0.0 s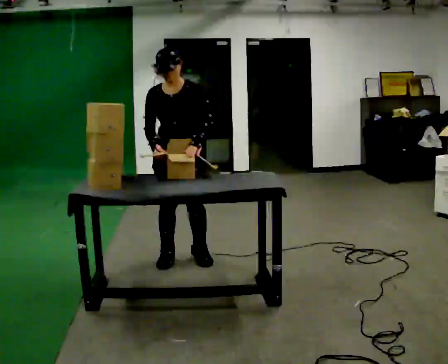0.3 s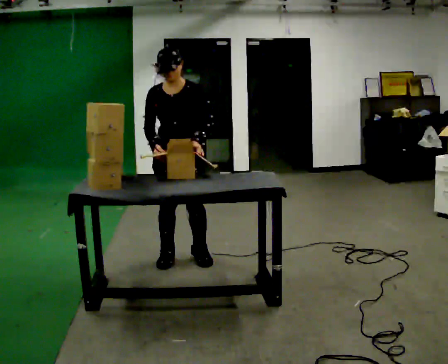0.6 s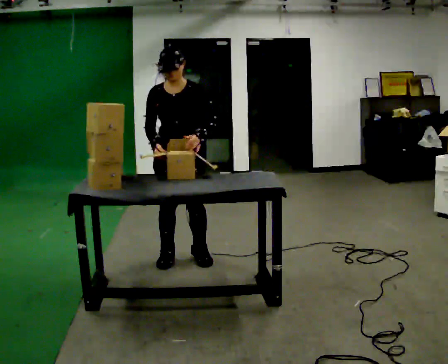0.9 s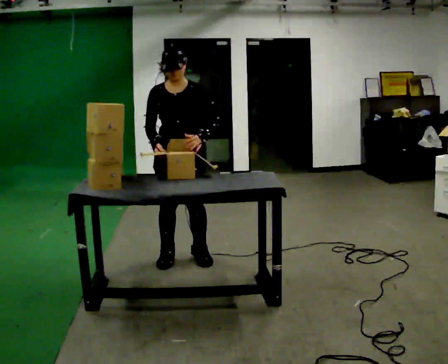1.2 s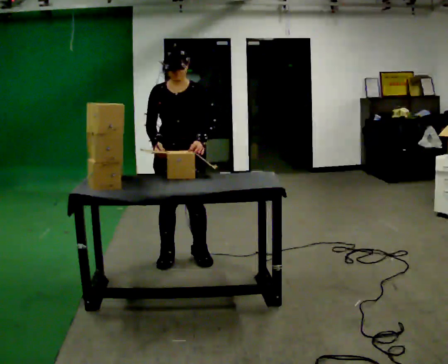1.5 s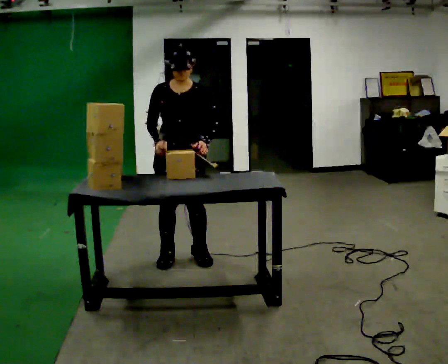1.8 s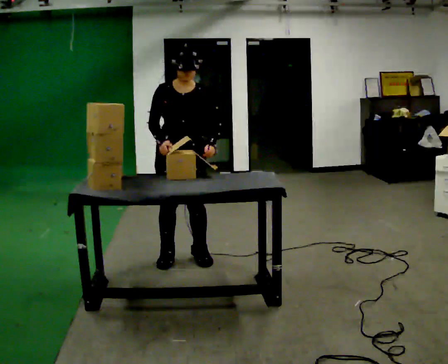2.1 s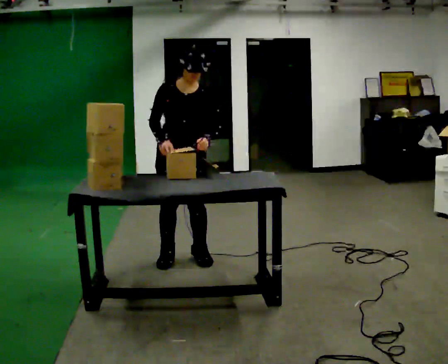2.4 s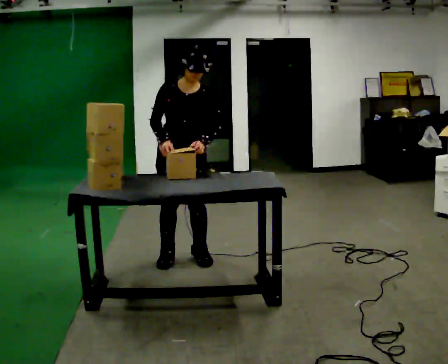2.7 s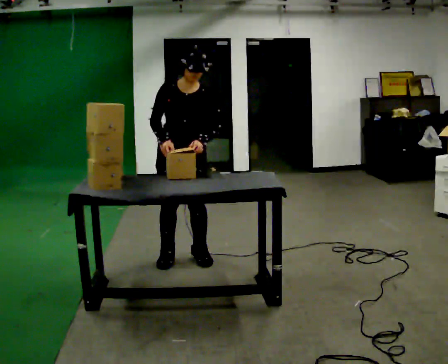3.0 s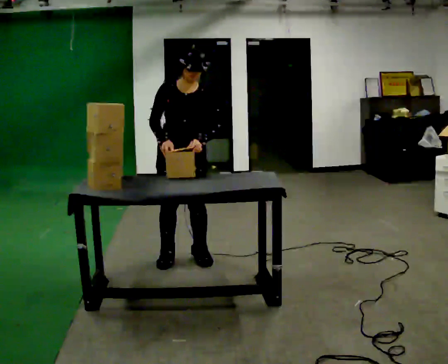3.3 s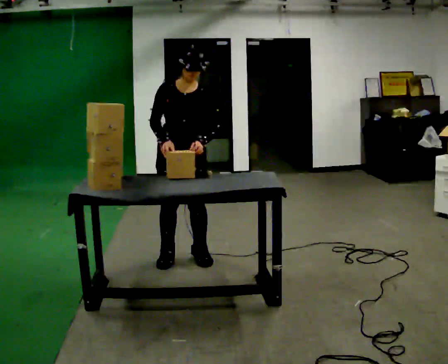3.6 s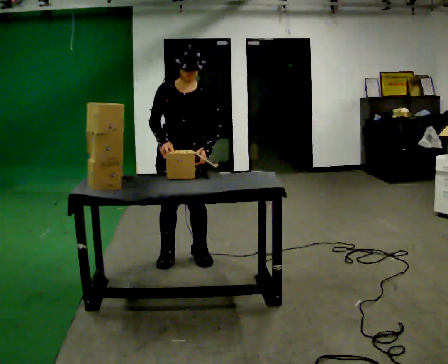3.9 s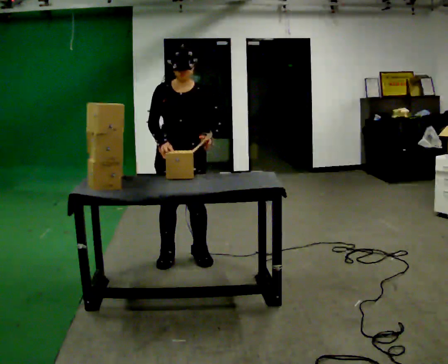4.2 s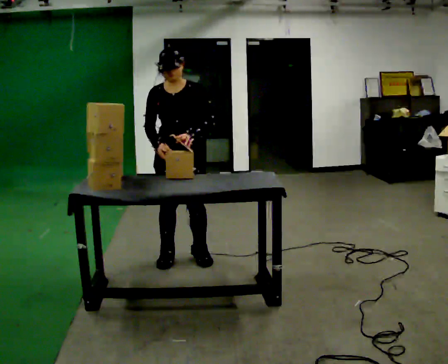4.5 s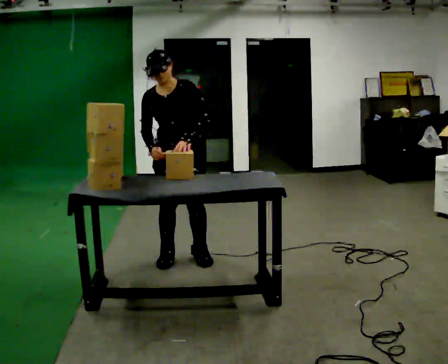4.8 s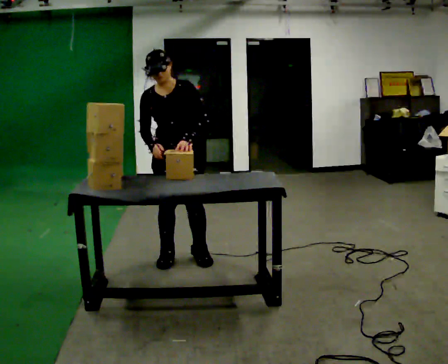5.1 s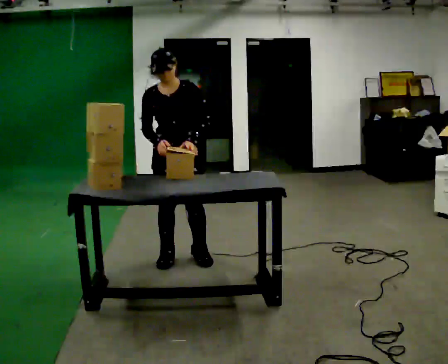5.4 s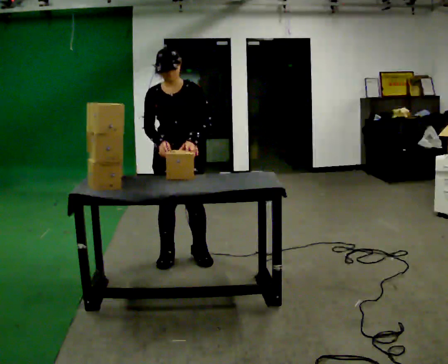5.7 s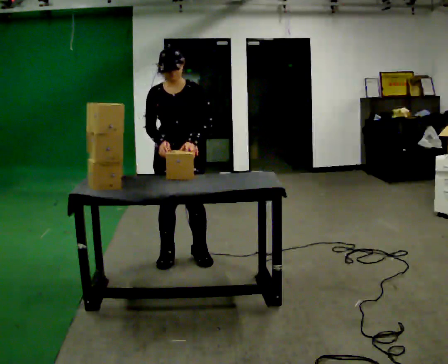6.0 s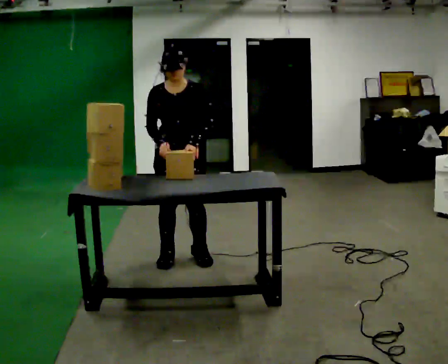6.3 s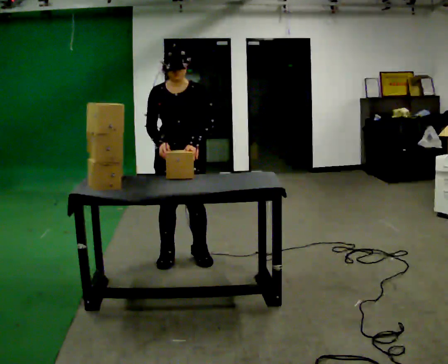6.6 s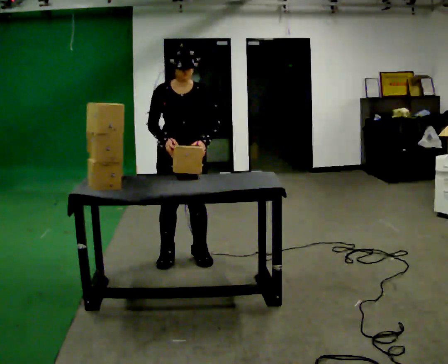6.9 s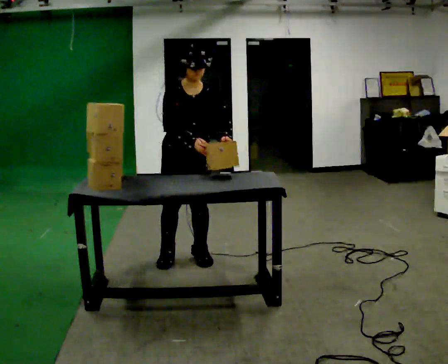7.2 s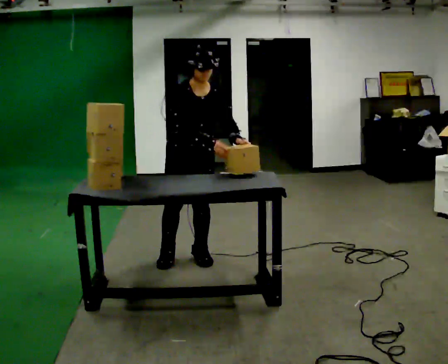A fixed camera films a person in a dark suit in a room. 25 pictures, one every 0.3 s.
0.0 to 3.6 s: The person moves a little, or ends about where they began.
3.6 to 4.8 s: In the picture the upper body tilts counterclockwise, shoulders to the left.
4.8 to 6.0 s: The person moves a little, or ends about where they began.
6.0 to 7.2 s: In the picture their left hand goes to the right.
The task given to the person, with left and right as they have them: Take the stacked item apart piece by piece on the table, then put it back together. Repeat at your own pace until the operator says stop. Keep both feet on the marked spots for the whole take. If you have to step, stop and tell the operator.
The film runs forward here.
